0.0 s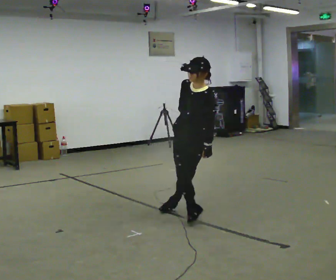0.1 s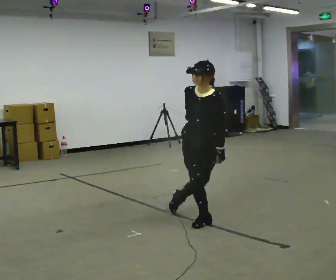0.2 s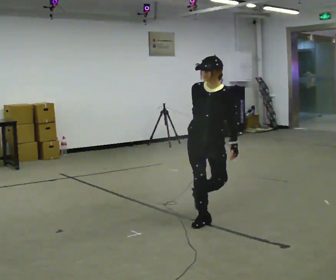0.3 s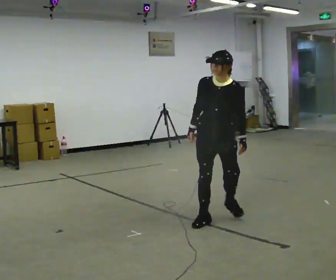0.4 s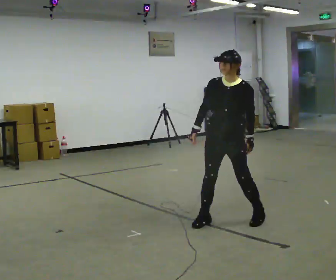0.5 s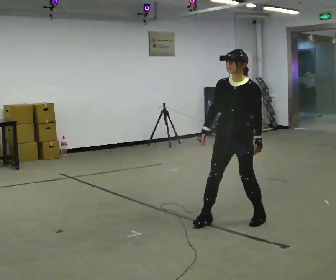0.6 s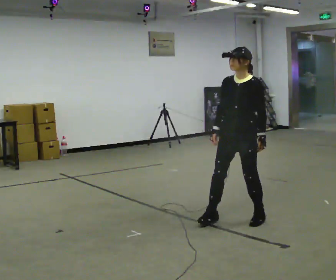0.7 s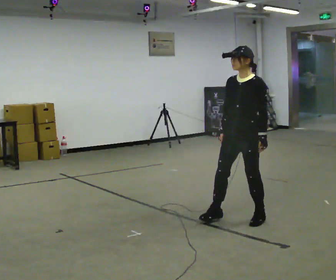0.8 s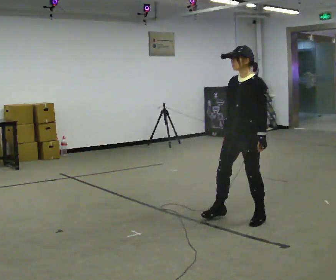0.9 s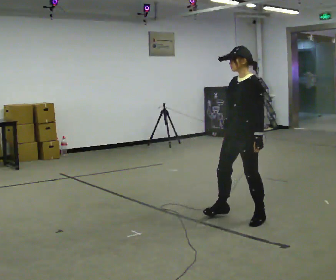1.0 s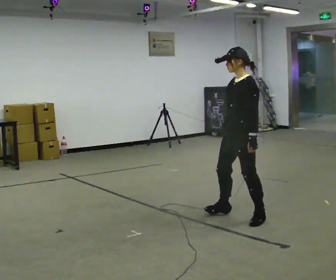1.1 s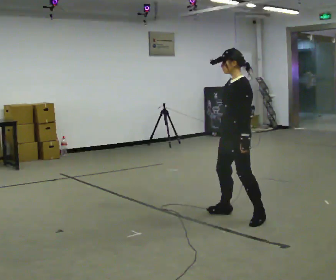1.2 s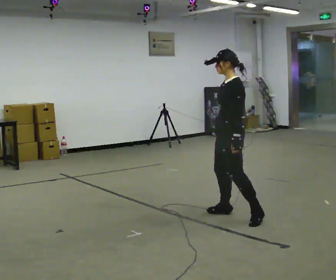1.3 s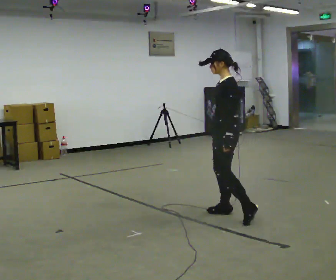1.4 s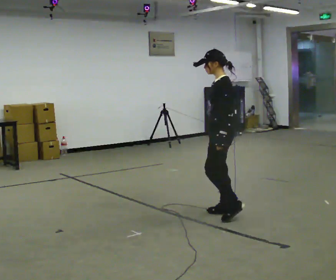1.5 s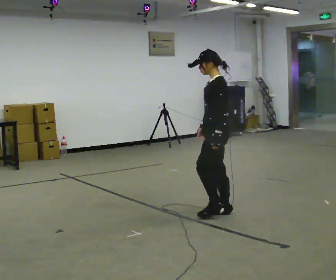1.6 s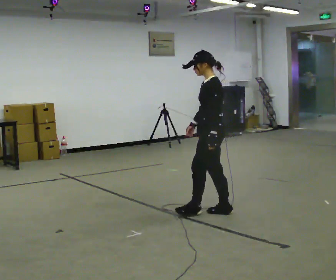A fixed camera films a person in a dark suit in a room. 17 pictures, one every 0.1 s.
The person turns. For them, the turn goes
to their right.
The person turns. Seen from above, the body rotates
clockwise.
0.0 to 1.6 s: The part of the body nearest the lens slides to the left as the person turns to their right by about 75 degrees. The upper body tips away from the camera, its near side rolling upward, as they lean back or straighten.
The film runs forward here.
